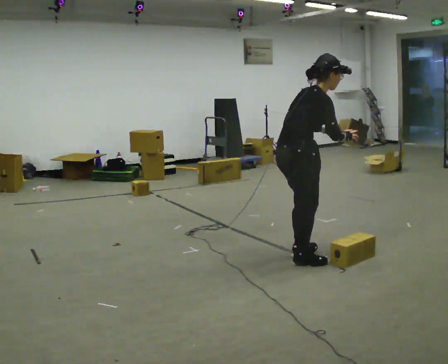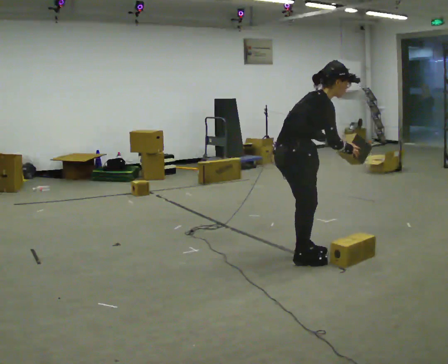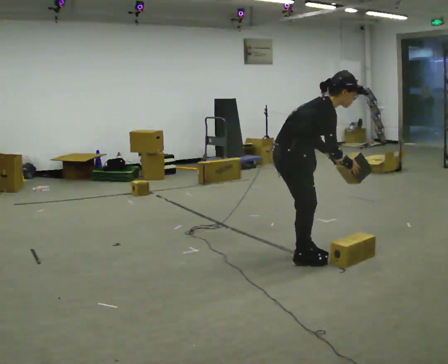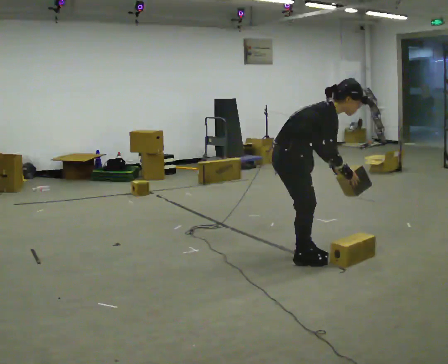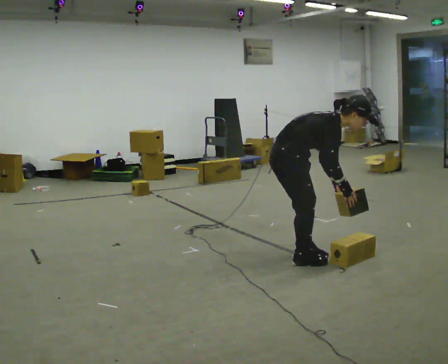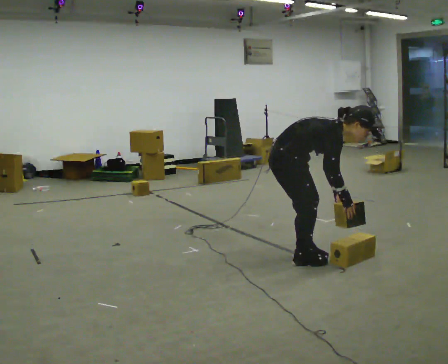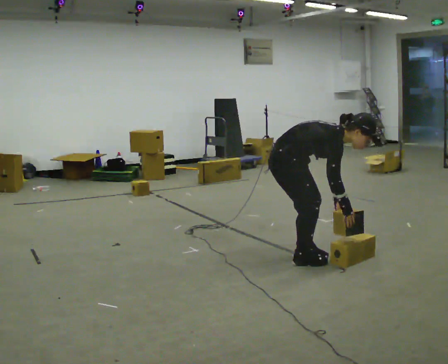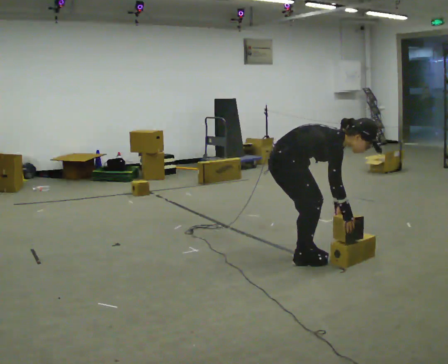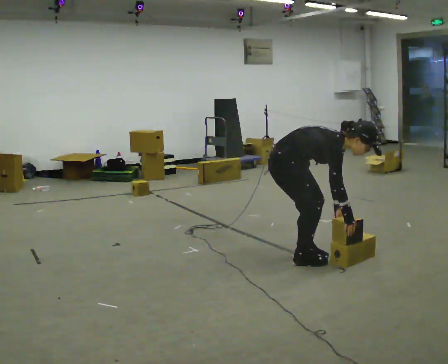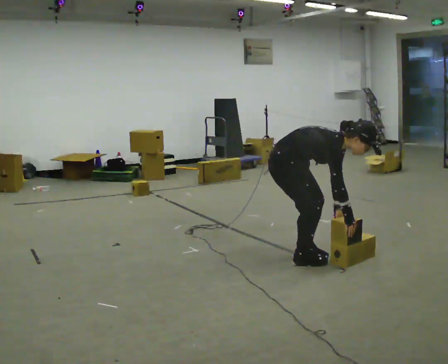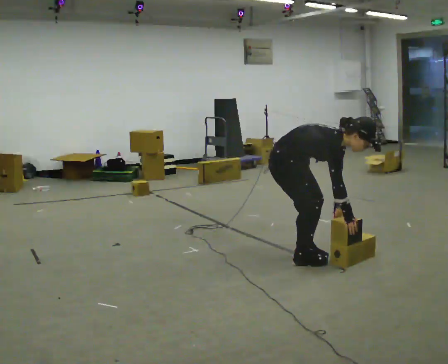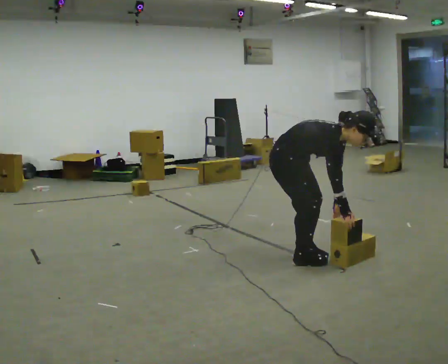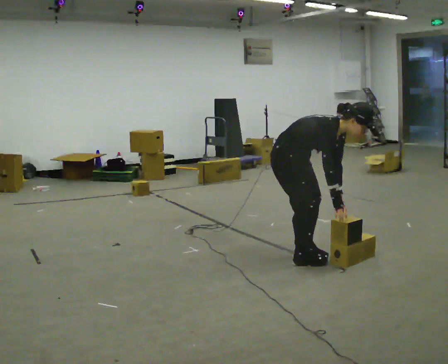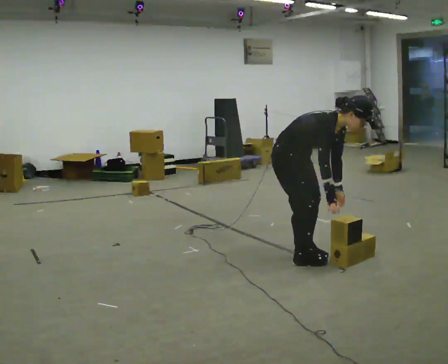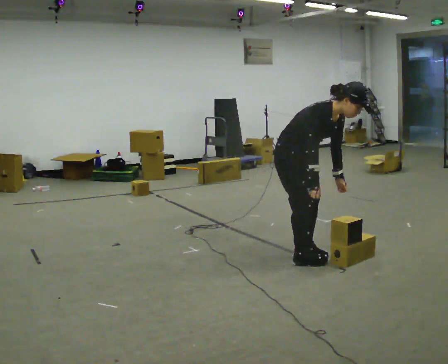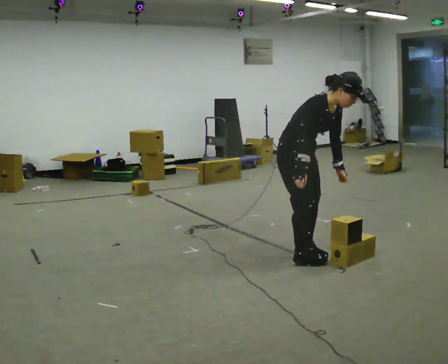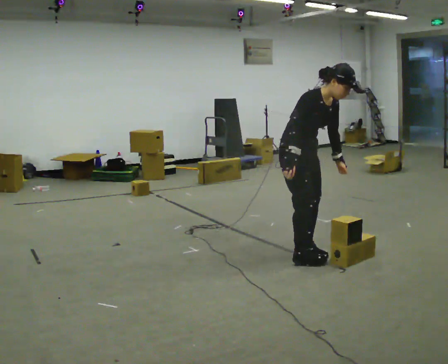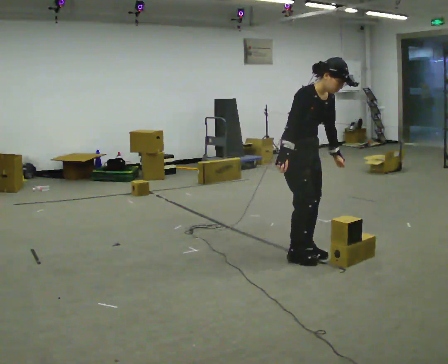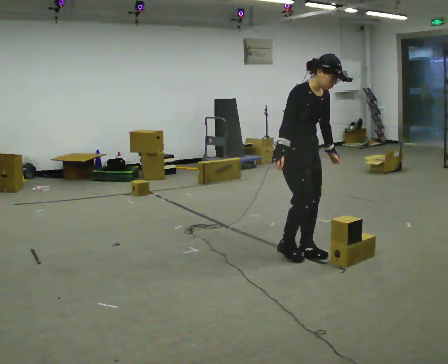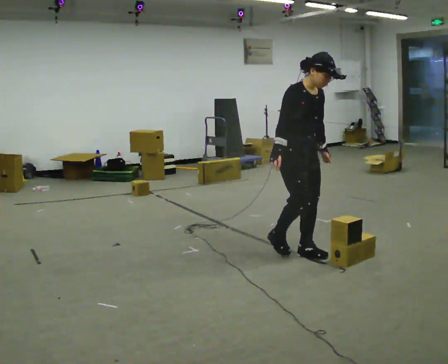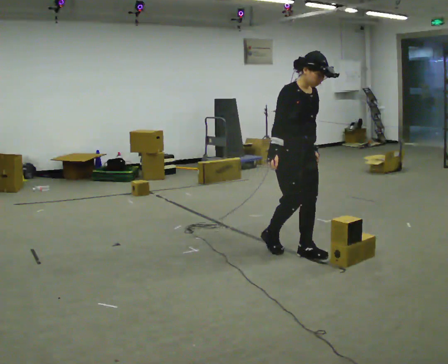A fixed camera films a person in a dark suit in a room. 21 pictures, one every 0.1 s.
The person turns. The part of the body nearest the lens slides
to the left.
The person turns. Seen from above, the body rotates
clockwise.
0.0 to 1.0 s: The part of the body nearest the lens slides to the left as the person turns to their right by about 45 degrees. The upper body goes downward. In the picture the upper body tilts clockwise, shoulders to the right, as they bend forward. In the picture their right hand goes downward.
1.0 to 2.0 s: The shoulders move upward. In the picture the upper body tilts counterclockwise, shoulders to the left, as they lean back or straighten. In the picture their right hand goes to the left and upward.
The film runs backward here.
